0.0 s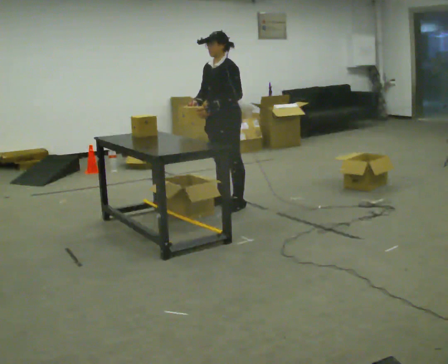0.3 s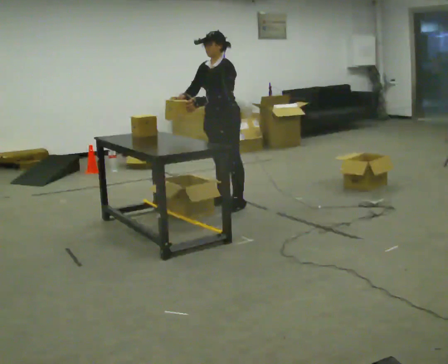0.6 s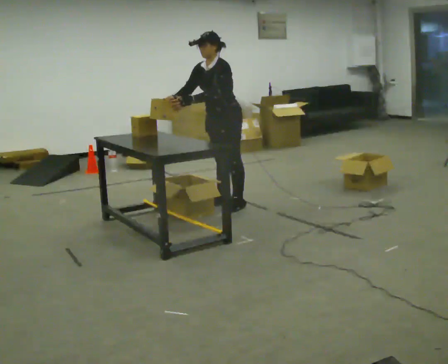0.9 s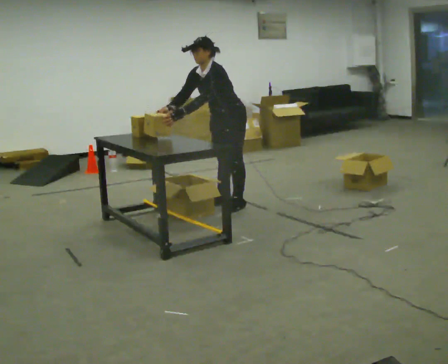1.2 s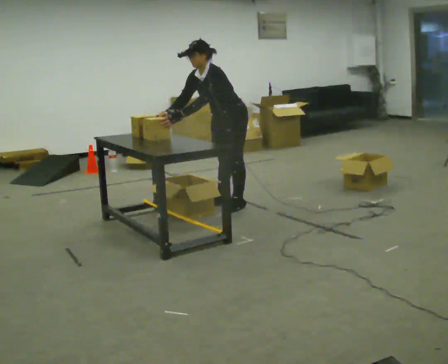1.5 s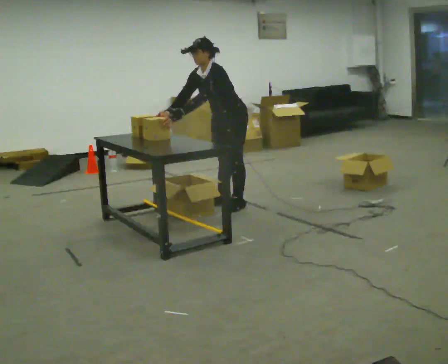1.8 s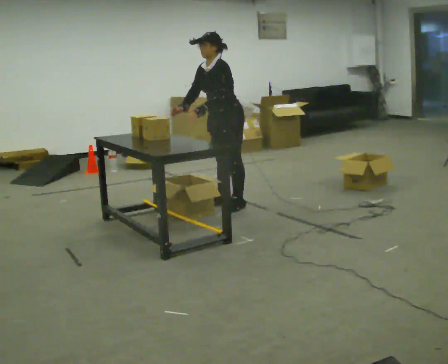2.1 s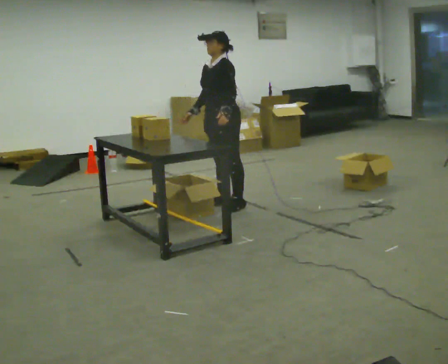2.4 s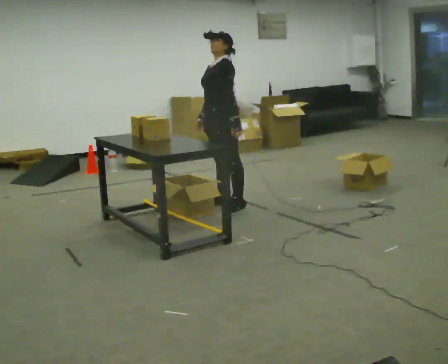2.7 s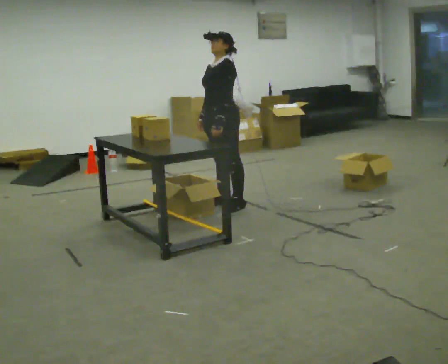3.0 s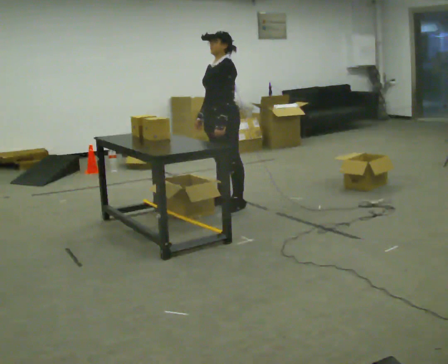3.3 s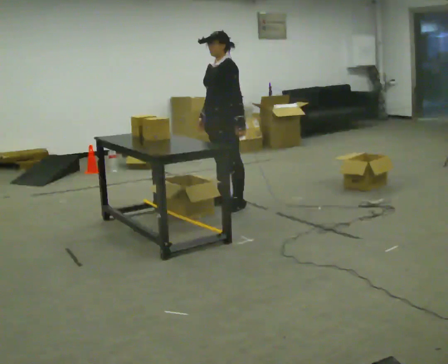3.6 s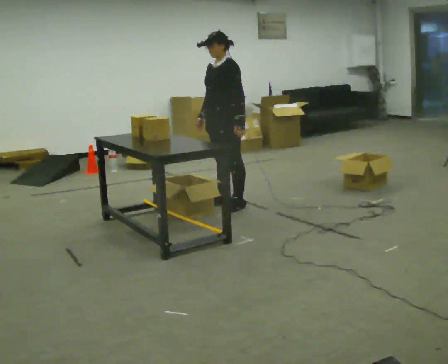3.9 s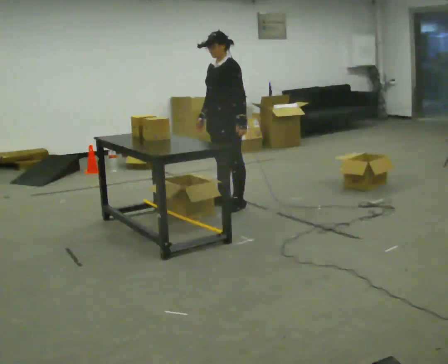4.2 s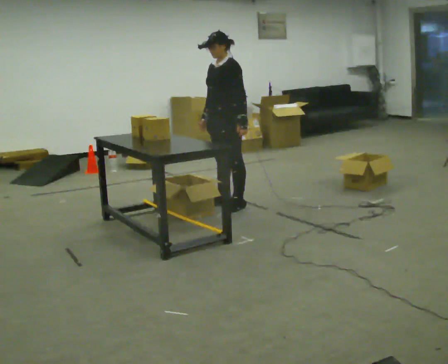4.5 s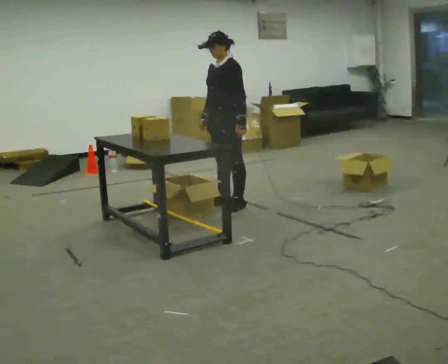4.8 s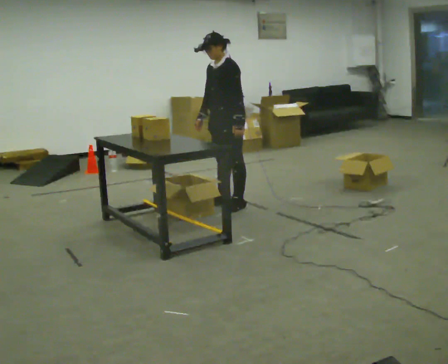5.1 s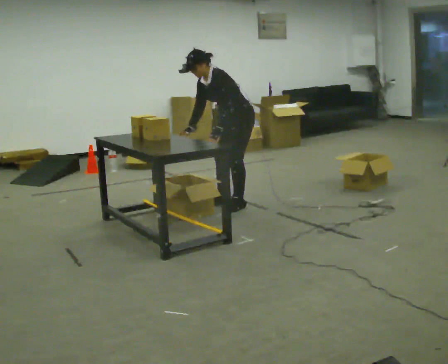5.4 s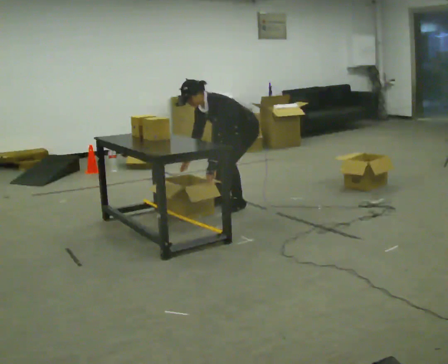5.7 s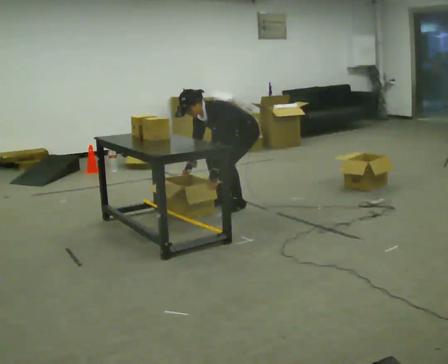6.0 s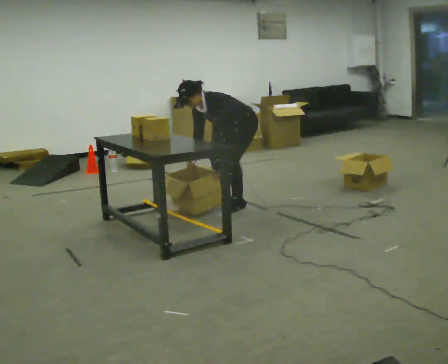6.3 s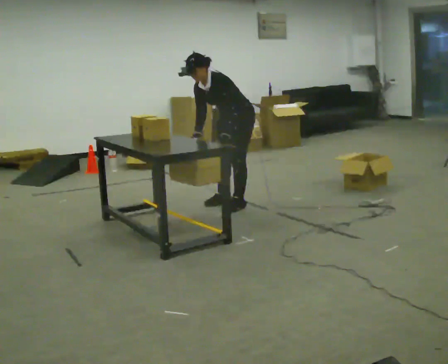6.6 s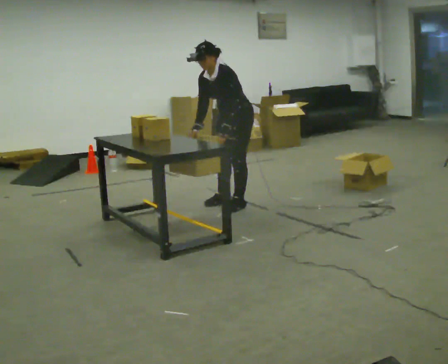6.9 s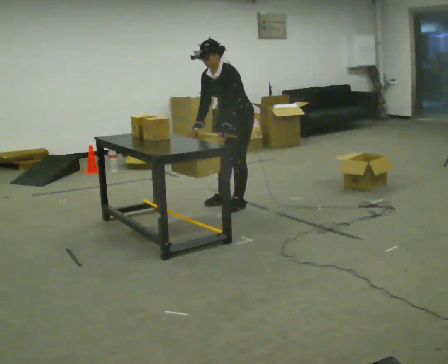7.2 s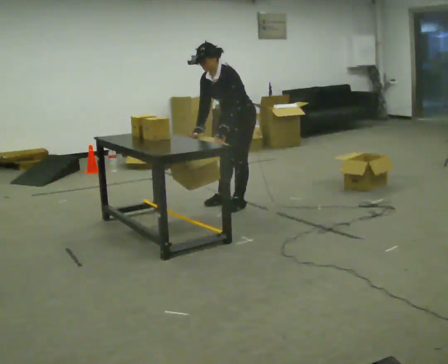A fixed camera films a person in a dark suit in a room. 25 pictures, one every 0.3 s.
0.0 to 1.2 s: In the picture the upper body tilts counterclockwise, shoulders to the left, as they bend forward.
1.2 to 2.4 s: In the picture the upper body tilts clockwise, shoulders to the right, as they lean back or straighten.
2.4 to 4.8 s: The person moves a little, or ends about where they began.
4.8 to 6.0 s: In the picture the upper body tilts counterclockwise, shoulders to the left, as they bend forward. In the picture their left hand goes downward.
6.0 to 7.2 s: The shoulders move upward. In the picture the upper body tilts clockwise, shoulders to the right, as they lean back or straighten.
The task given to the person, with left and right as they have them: 1. Take everything out of the crates by the door. 2. Put the small items on the middle shelf. 3. Put the large items on the bottom shelf. 4. Stack the empty crates by the door. 5. Tell the operator when you are finished.
The film runs forward here.
